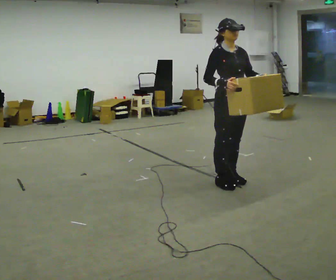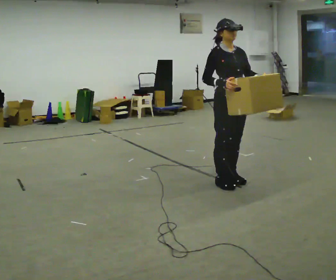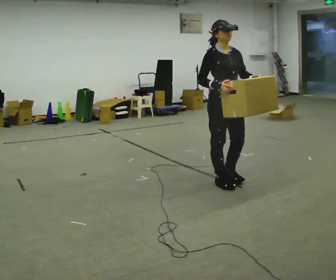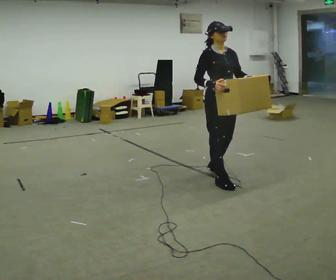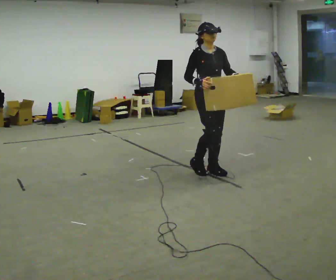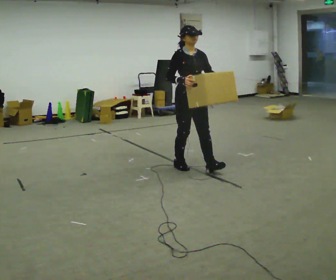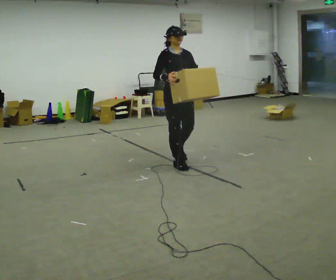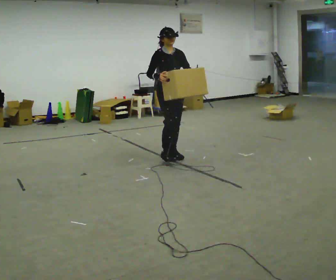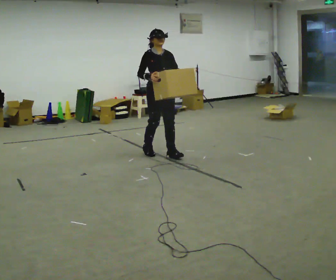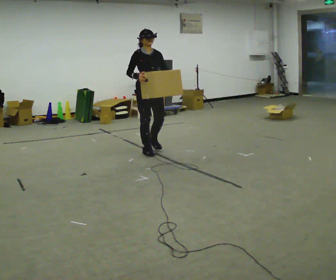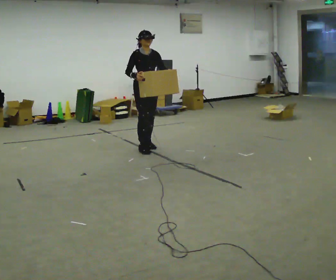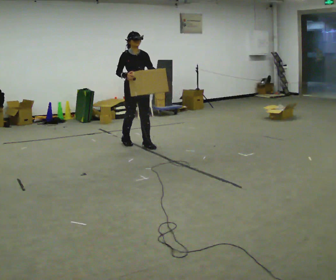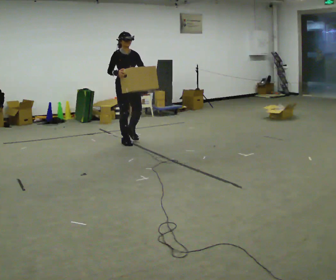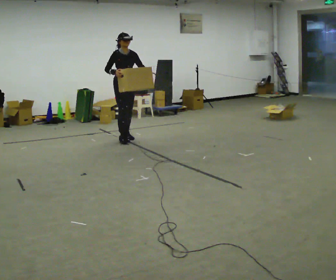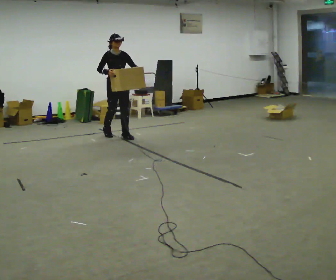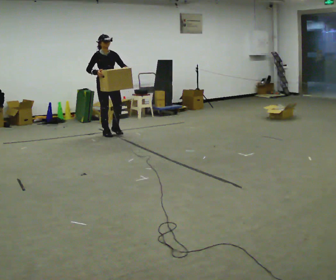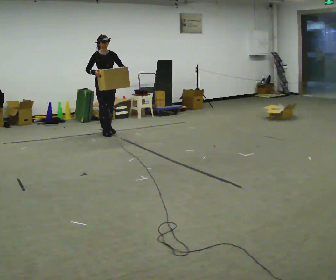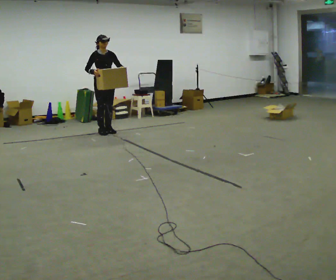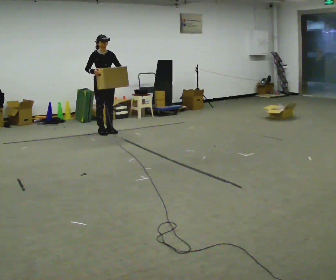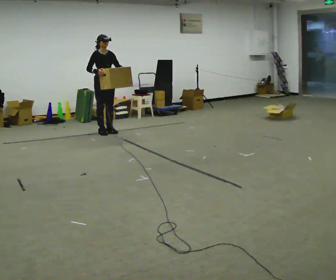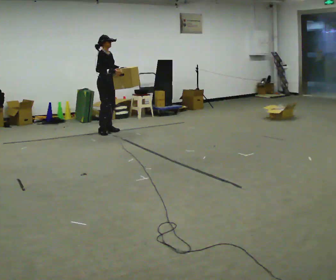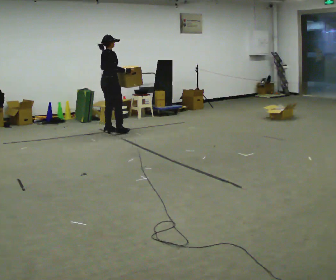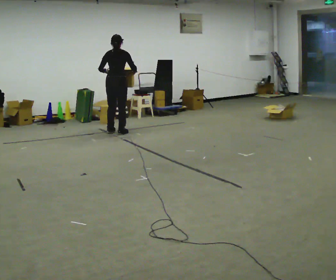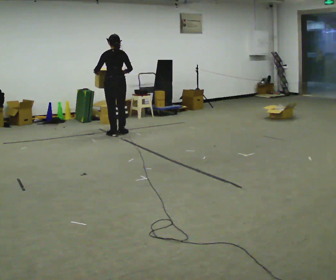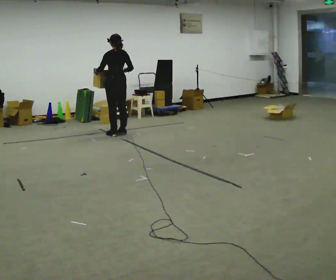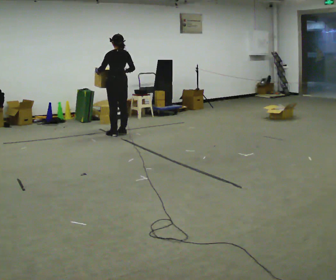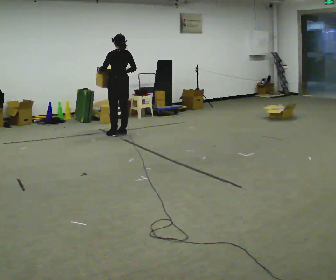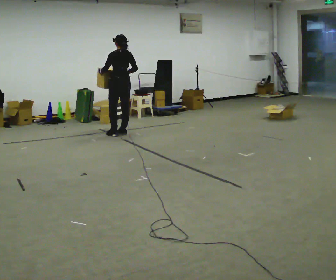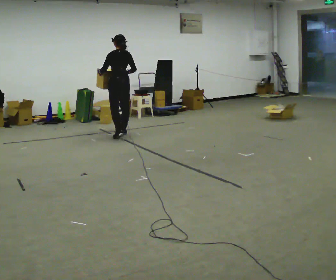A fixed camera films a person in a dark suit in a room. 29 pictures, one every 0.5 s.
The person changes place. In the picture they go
away from the camera.
The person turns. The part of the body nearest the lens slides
to the right.
0.0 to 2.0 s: In the picture they go away from the camera, about 0.5 m in 1 step, which for them is backward.
2.0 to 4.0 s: In the picture they go away from the camera and to the left, about 1 m in 3 steps, which for them is backward.
4.0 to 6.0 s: In the picture they go away from the camera and to the left, about 1 m in 2 steps, which for them is backward.
6.0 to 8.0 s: In the picture they go away from the camera and to the left, about 1 m in 3 steps, which for them is backward.
8.0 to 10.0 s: The part of the body nearest the lens slides to the right as the person turns to their left by about 45 degrees.
10.0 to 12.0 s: The person turns about 135 degrees to their left, counterclockwise seen from above, so the part of the body nearest the lens slides to the right. In the picture they go to the right and toward the camera, about 0.25 m in 2 steps.
12.0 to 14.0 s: The person moves a little, or ends about where they began.
The film runs forward here.
